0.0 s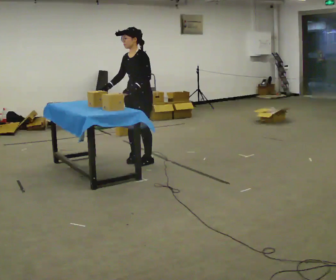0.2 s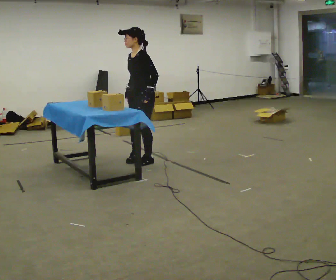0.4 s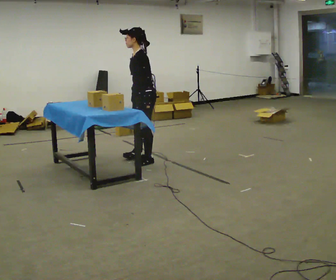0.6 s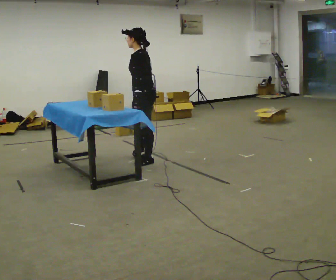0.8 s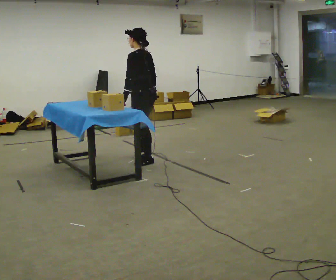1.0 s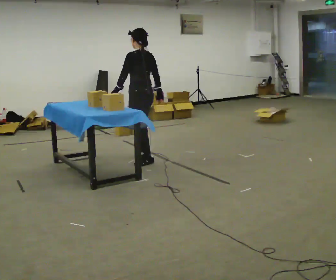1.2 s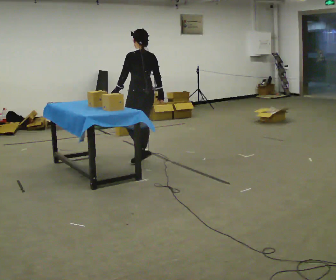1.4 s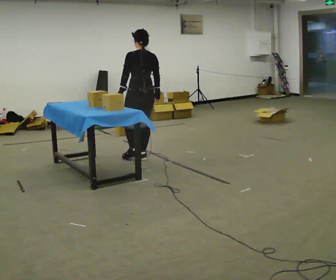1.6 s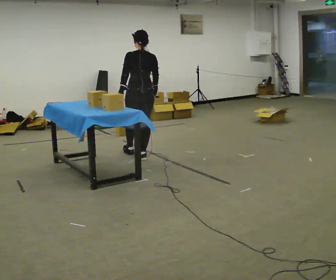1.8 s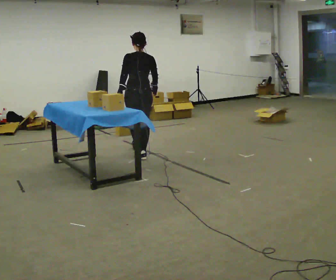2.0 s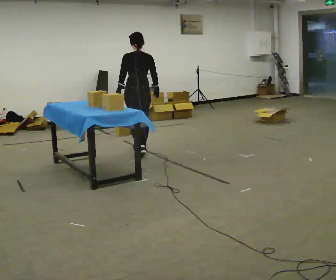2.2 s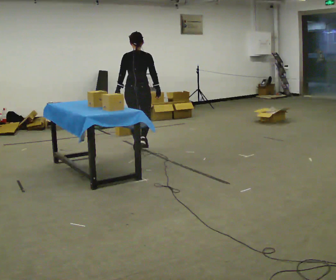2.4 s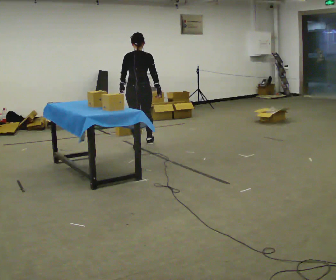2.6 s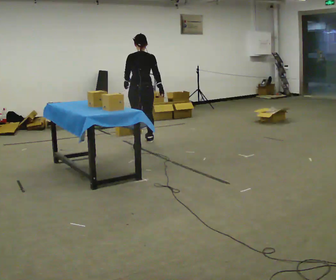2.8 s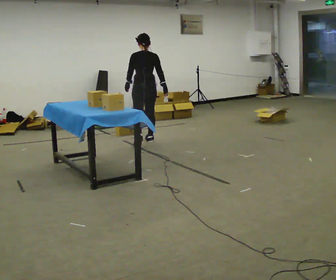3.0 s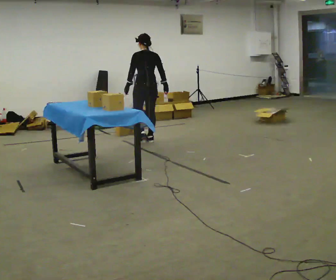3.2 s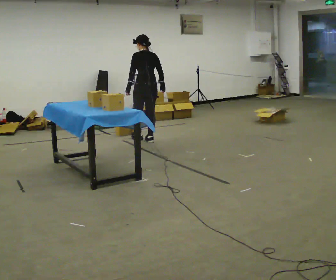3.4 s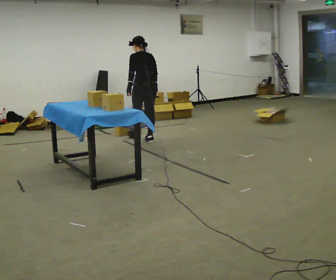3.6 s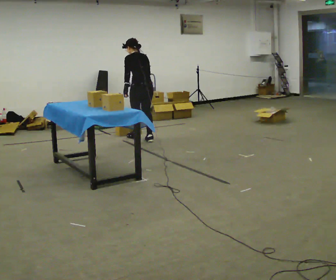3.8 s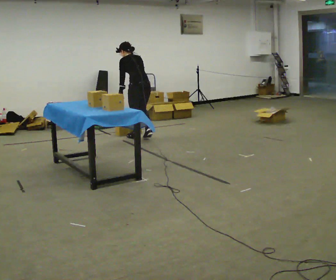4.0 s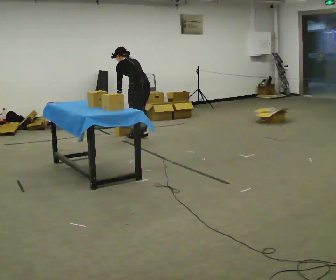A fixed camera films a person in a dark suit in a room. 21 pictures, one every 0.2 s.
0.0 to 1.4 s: Seen from above the body turns clockwise, about 120 degrees: to their right, with its near side sliding to the left. In the picture they go away from the camera, about 0.25 m. In the picture their right hand goes to the right, the arm swinging counterclockwise.
1.4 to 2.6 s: In the picture they go away from the camera, about 0.75 m in 2 steps, which for them is forward.
2.6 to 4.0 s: The part of the body nearest the lens slides to the right as the person turns to their left by about 30 degrees. In the picture they go away from the camera, about 0.5 m in 1 step, which for them is forward. In the picture the upper body tilts counterclockwise, shoulders to the left, as they bend forward.
The film runs forward here.
